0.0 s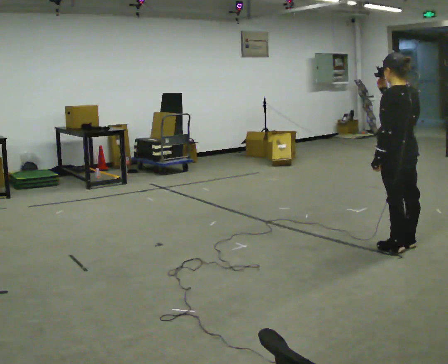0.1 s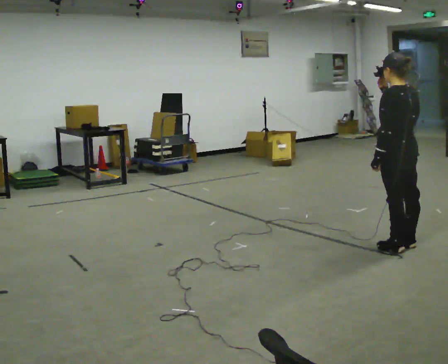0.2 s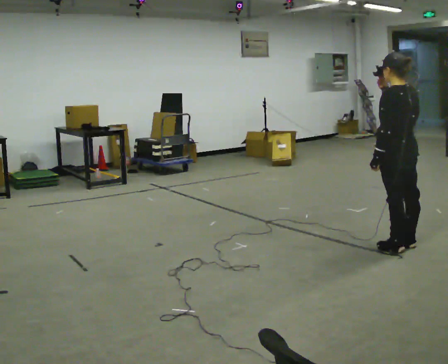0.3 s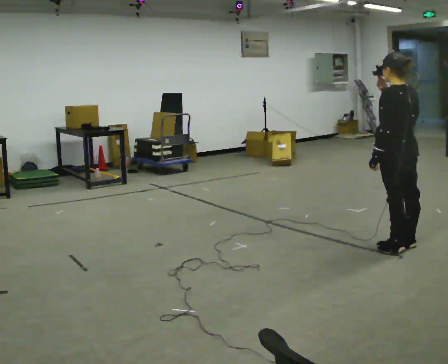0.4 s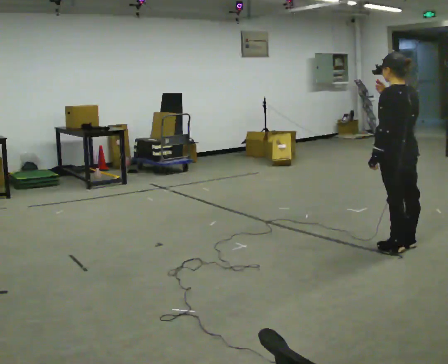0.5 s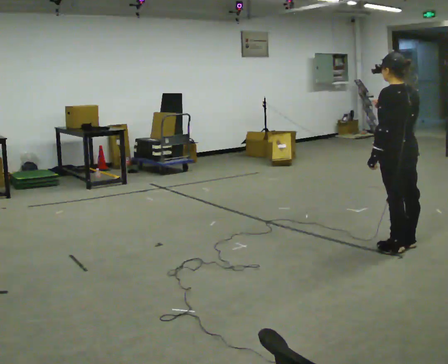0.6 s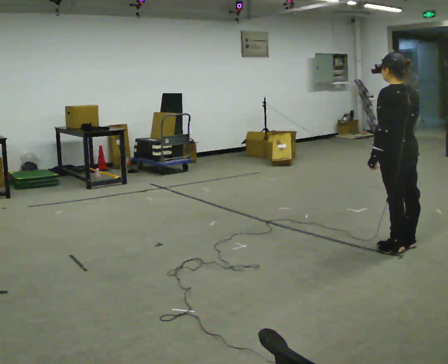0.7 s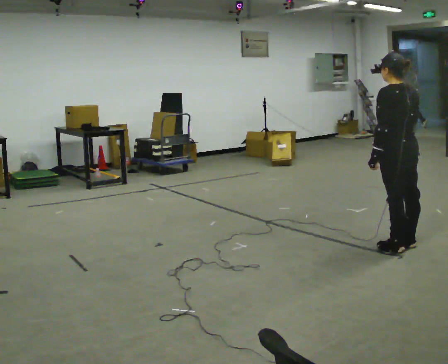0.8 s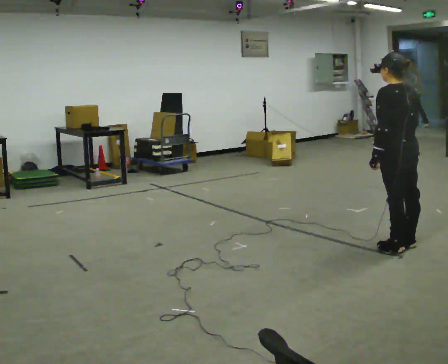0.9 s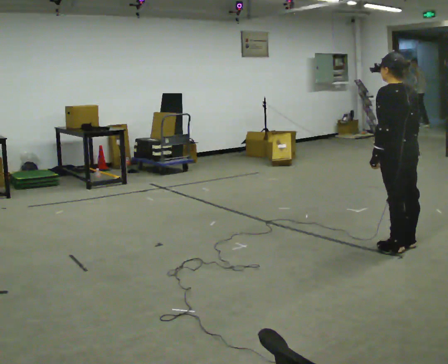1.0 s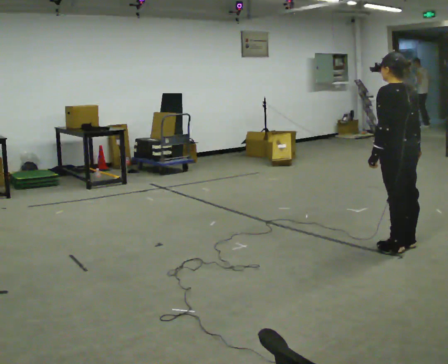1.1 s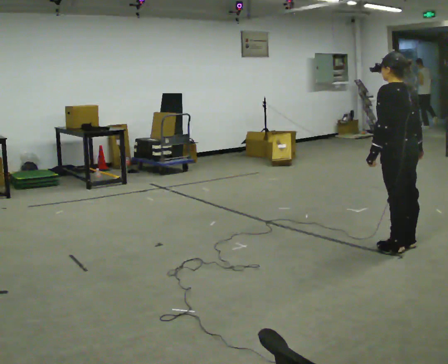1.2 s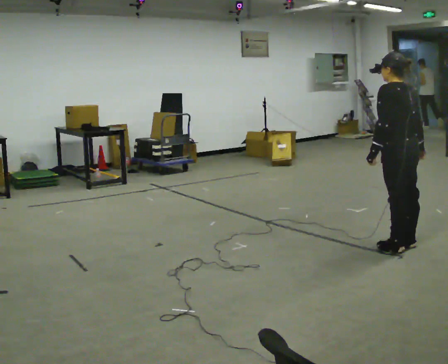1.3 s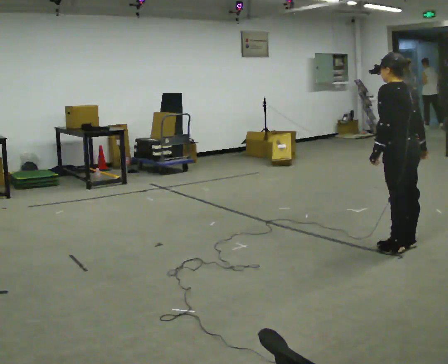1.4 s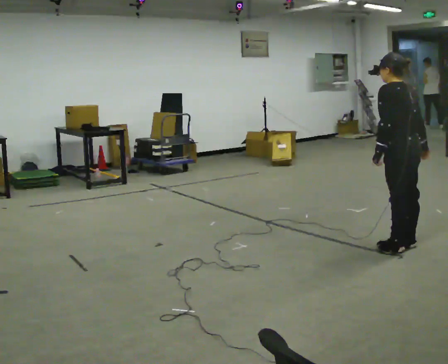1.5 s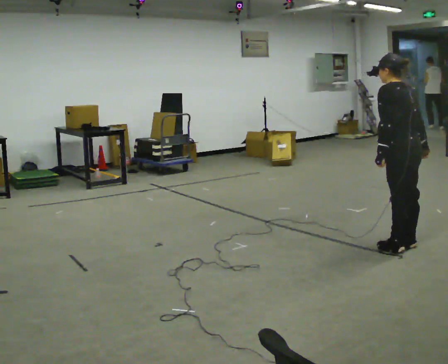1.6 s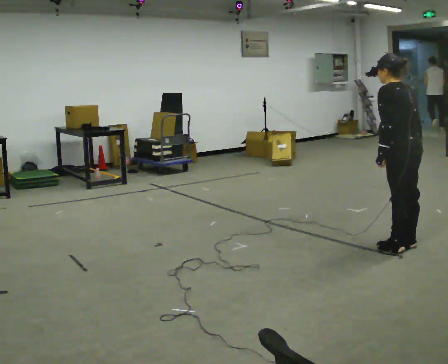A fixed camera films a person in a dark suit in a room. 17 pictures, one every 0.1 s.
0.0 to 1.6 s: In the picture their right hand goes downward and to the right.
The film runs backward here.
